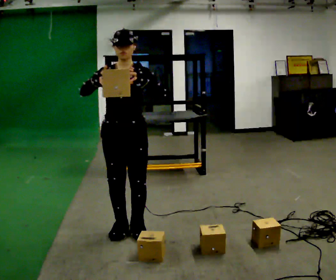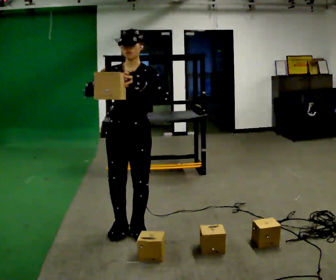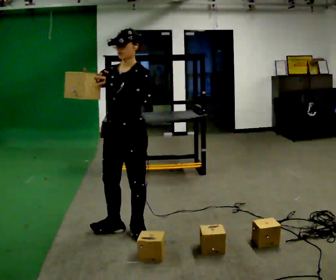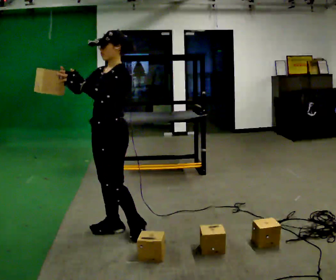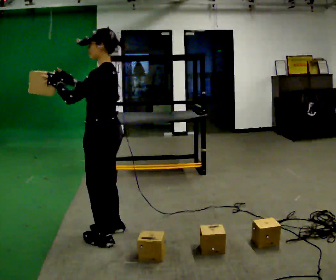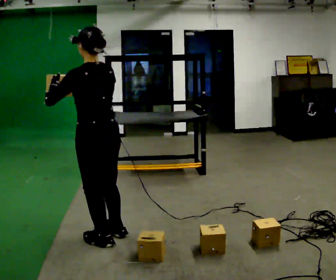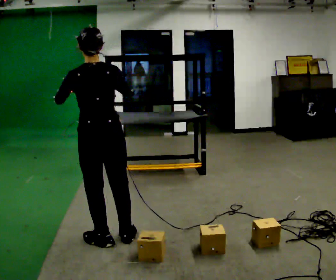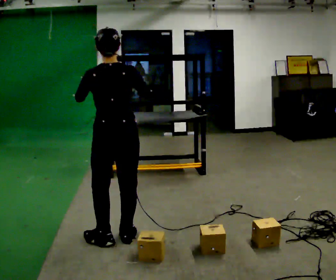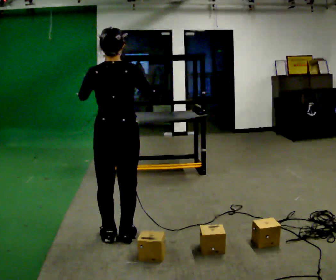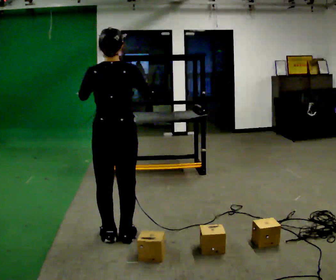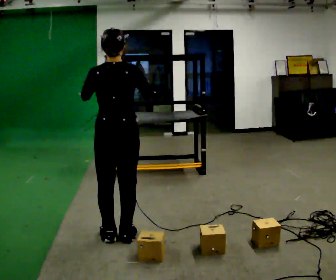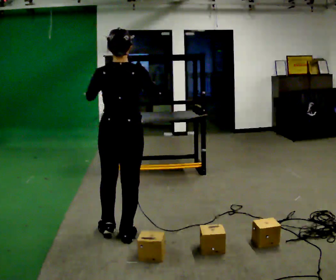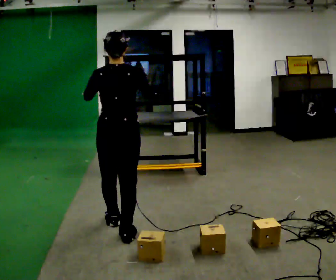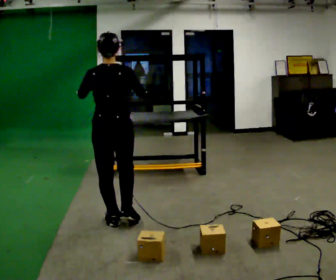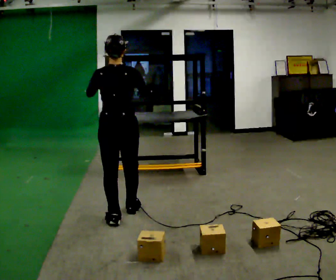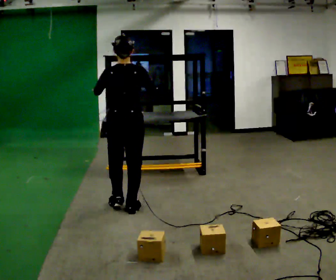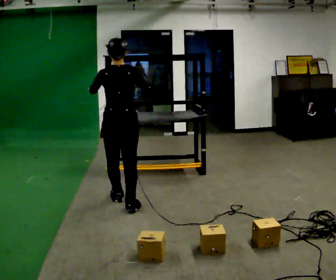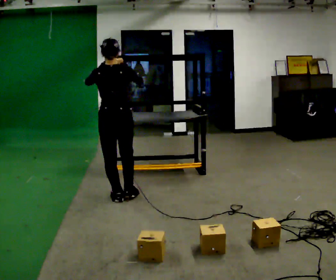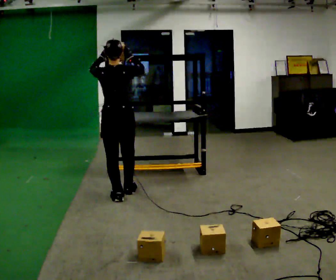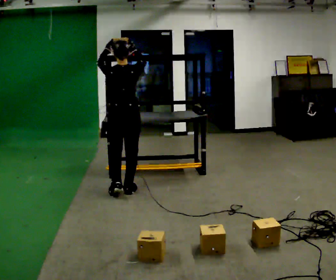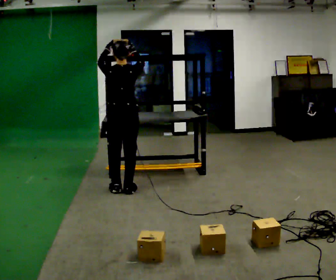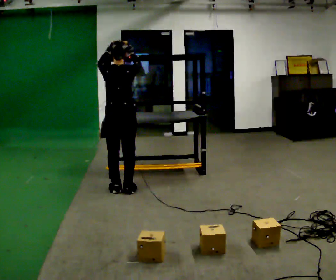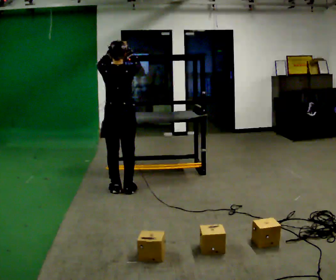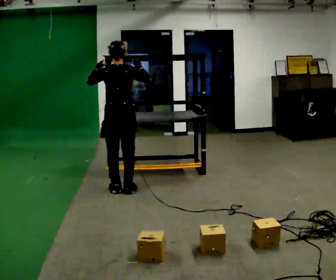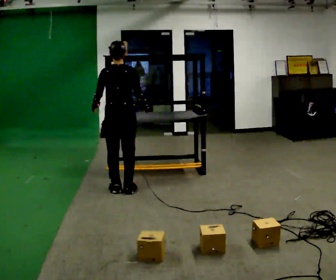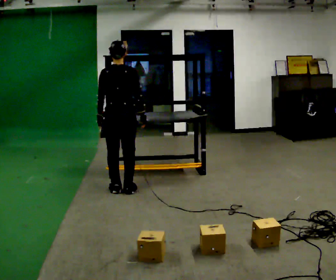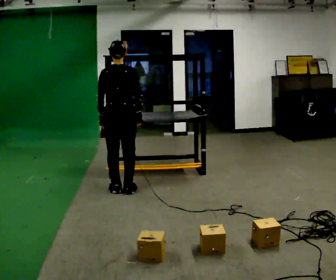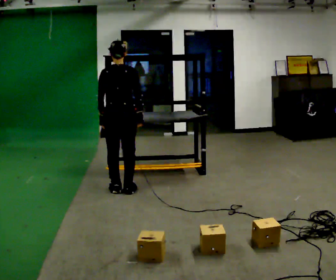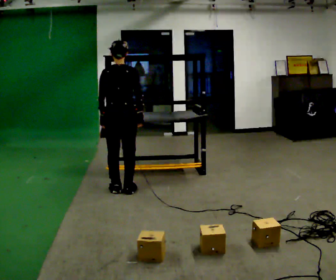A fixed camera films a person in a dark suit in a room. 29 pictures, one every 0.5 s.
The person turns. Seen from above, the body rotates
clockwise.
The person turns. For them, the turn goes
to their right.
0.0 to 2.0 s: The person turns about 90 degrees to their right, clockwise seen from above, so the part of the body nearest the lens slides to the left.
2.0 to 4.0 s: Seen from above the body turns clockwise, about 75 degrees: to their right, with its near side sliding to the left. In the picture their right hand goes to the right.
4.0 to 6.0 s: In the picture they go away from the camera, about 0.25 m in 1 step, which for them is forward.
6.0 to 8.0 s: In the picture they go away from the camera, about 0.75 m in 2 steps, which for them is forward.
8.0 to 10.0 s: In the picture they go away from the camera, about 0.5 m in 2 steps, which for them is forward. In the picture their left hand goes upward.
10.0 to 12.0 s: In the picture their right hand goes downward.
12.0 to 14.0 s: The person moves a little, or ends about where they began.
The film runs forward here.
